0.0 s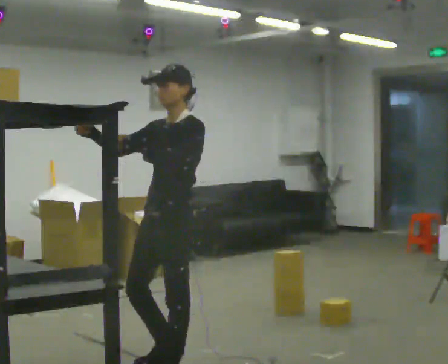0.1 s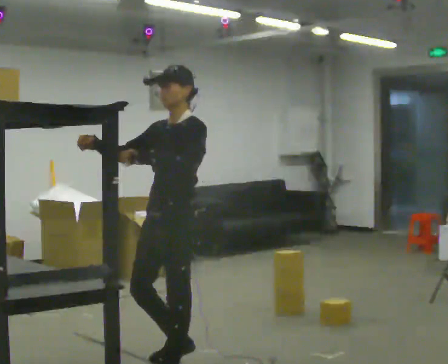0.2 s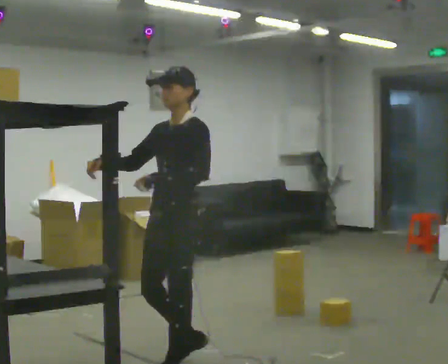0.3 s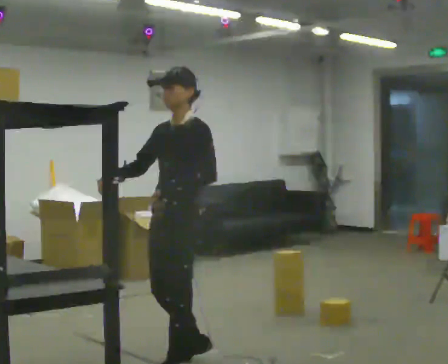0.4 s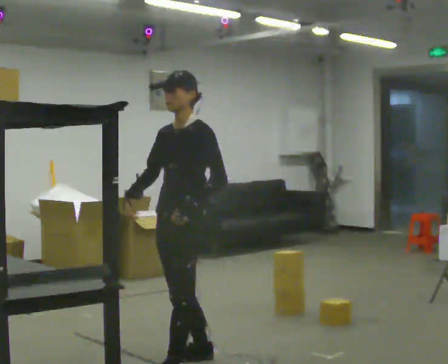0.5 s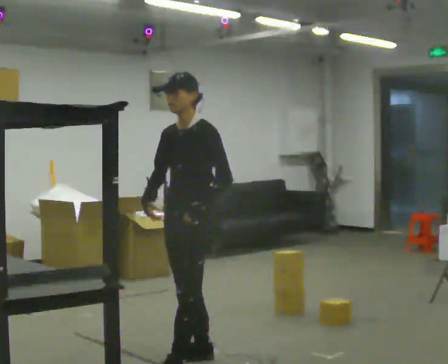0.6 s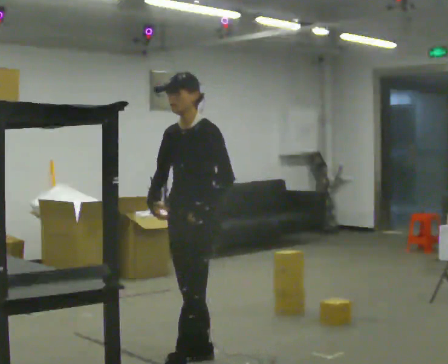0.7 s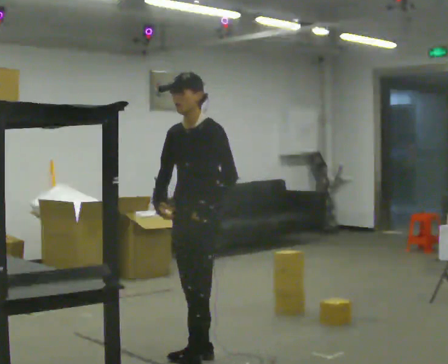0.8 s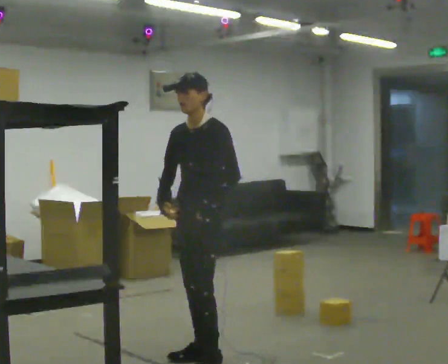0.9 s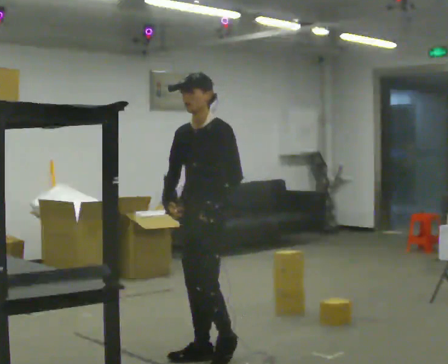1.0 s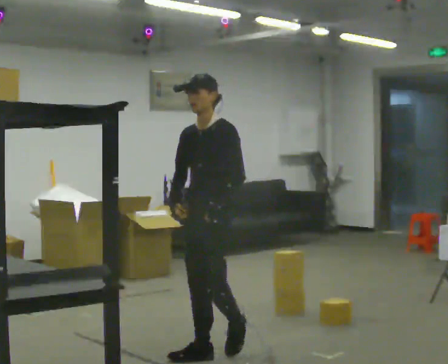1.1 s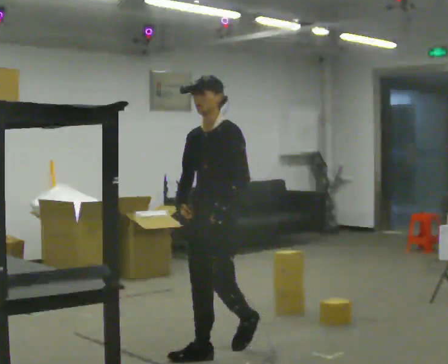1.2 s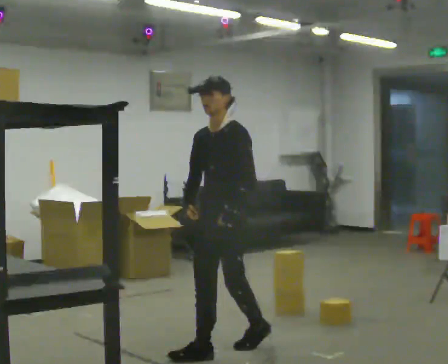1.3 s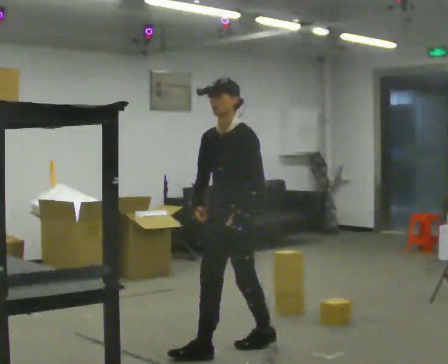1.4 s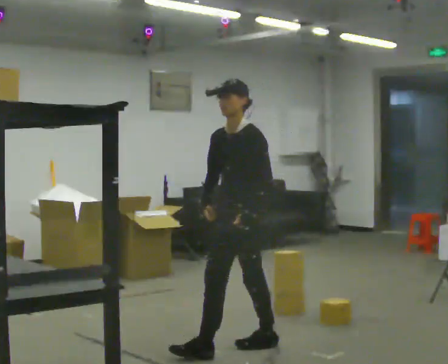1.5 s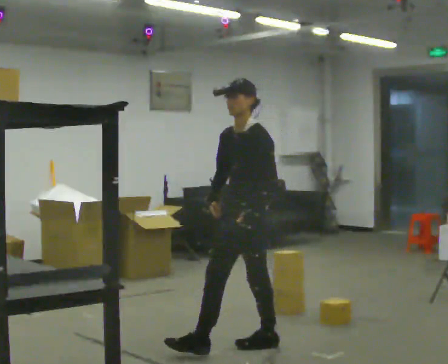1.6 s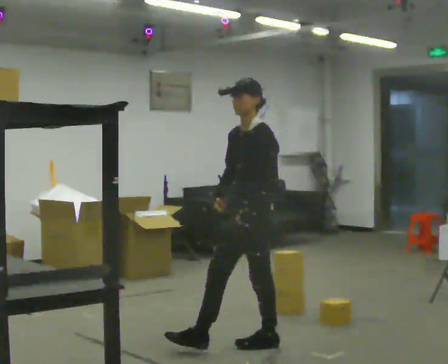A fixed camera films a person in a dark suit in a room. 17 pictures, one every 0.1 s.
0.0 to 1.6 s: In the picture they go away from the camera and to the right, about 1 m in 2 steps, which for them is backward. In the picture their right hand goes downward, the arm swinging counterclockwise.
The film runs backward here.
